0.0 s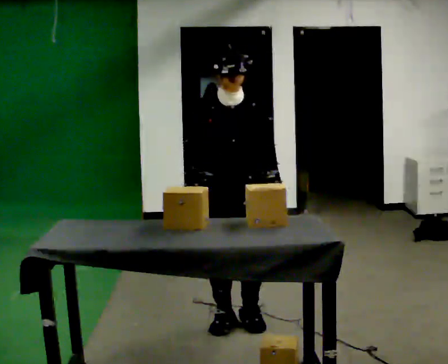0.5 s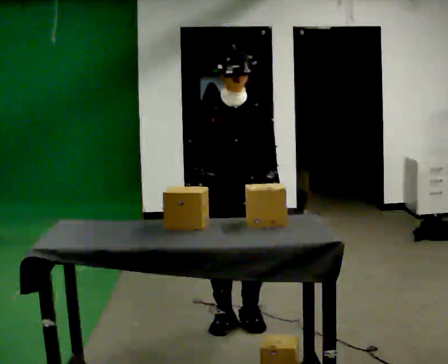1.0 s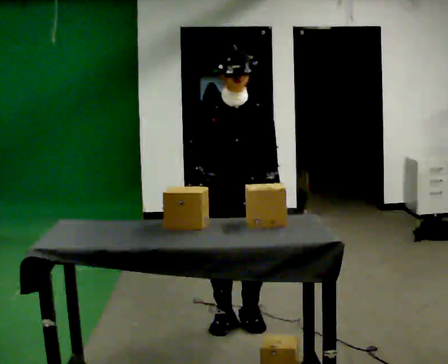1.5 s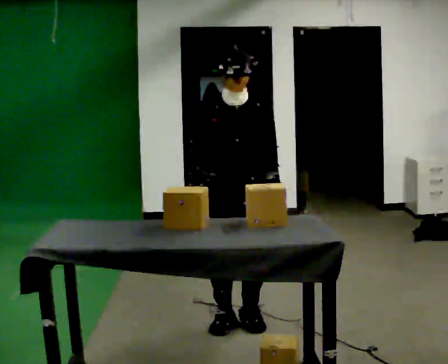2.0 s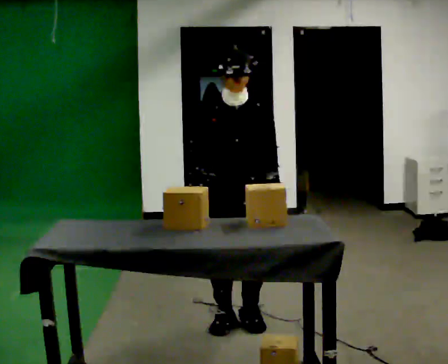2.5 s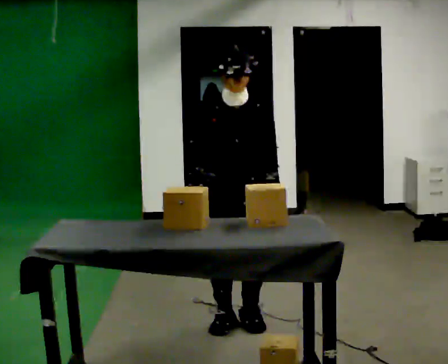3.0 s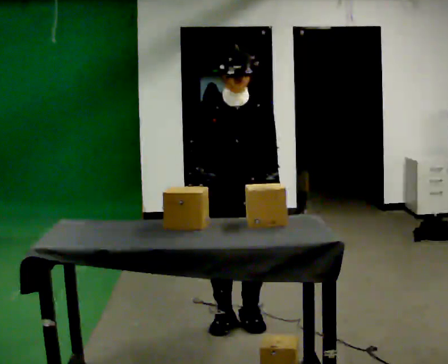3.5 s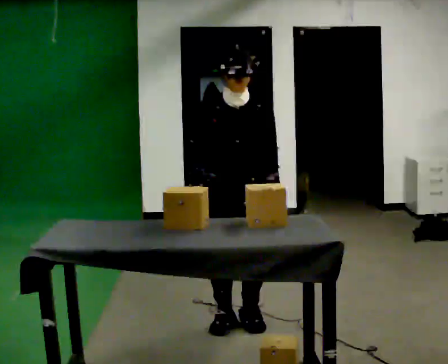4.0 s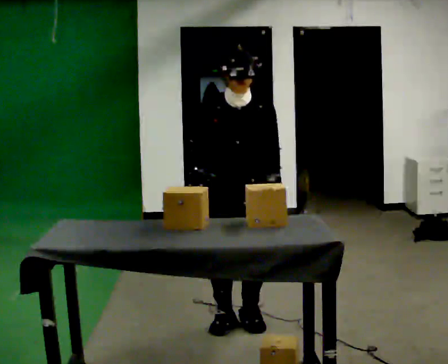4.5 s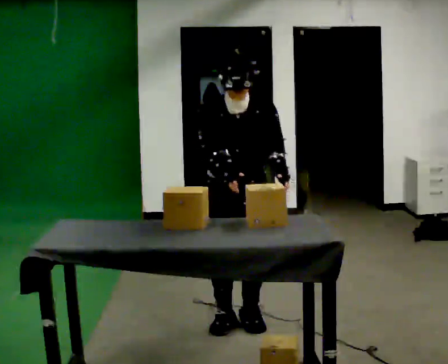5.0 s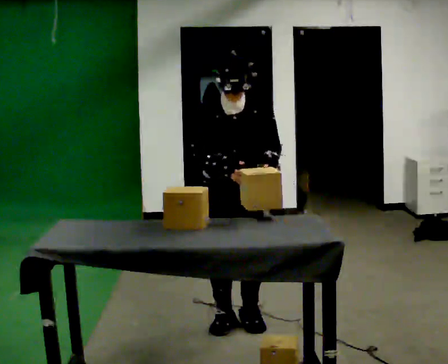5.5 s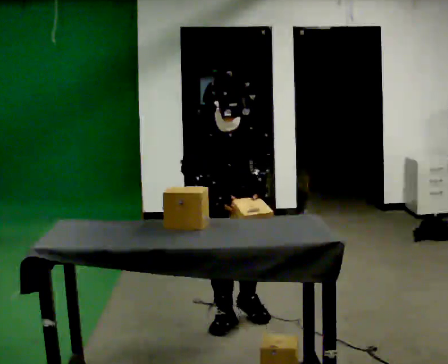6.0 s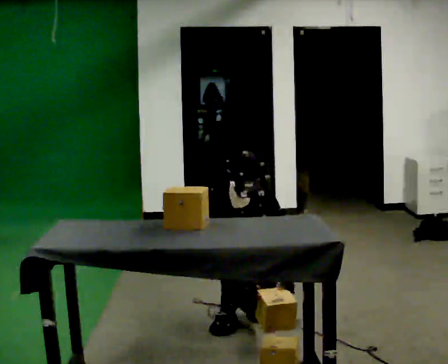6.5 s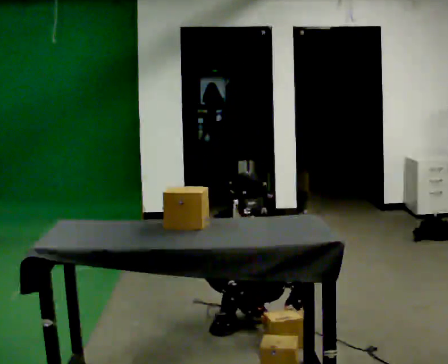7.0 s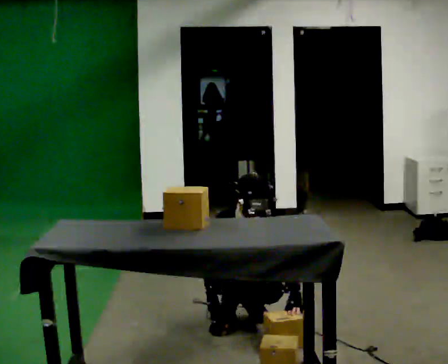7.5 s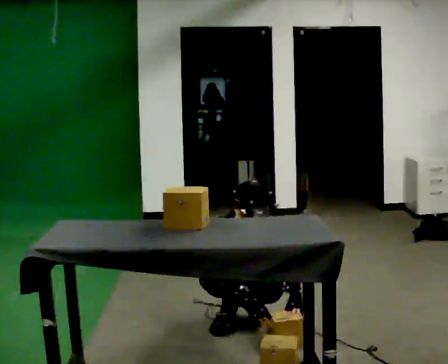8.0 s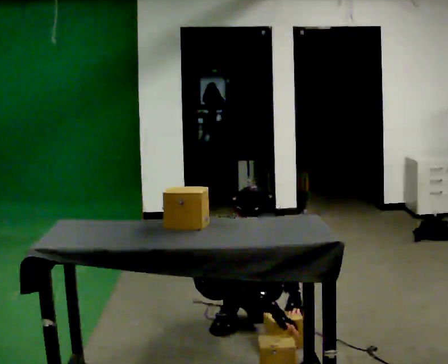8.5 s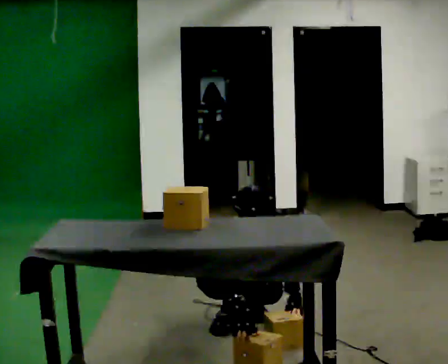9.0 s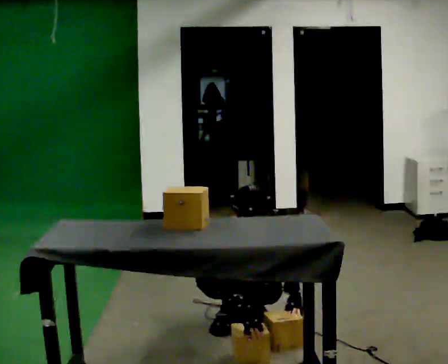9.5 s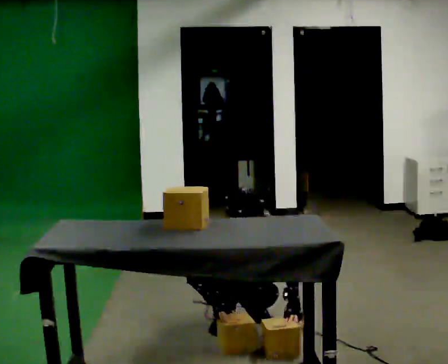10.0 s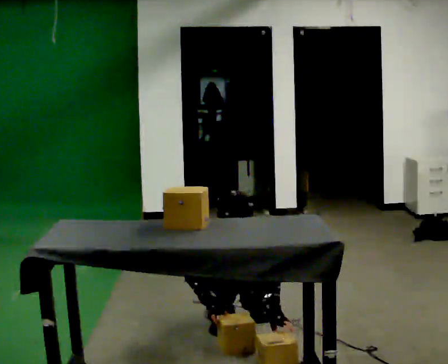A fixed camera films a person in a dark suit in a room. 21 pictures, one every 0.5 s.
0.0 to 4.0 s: The person moves a little, or ends about where they began.
4.0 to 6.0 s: In the picture they go away from the camera, about 0.25 m in 1 step, which for them is backward. The shoulders move downward. In the picture their right hand goes downward.
6.0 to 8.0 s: The shoulders move downward.
8.0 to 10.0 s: The part of the body nearest the lens slides to the left as the person turns to their right by about 30 degrees. In the picture the upper body tilts counterclockwise, shoulders to the left. In the picture their right hand goes to the left.
The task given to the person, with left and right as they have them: Take the boxes off the top, get the one from the bottom, carry it away, then put the others back. Keep going until the operator says stop; one object at a time, and do not rush between trips.
The film runs forward here.
